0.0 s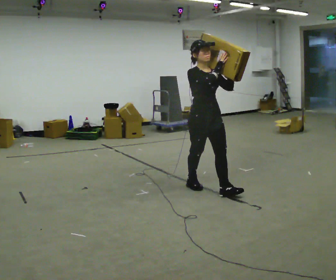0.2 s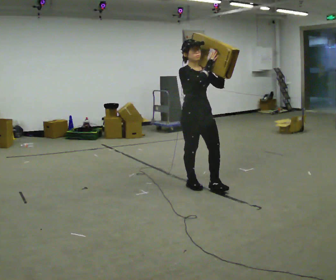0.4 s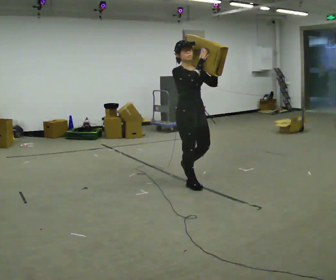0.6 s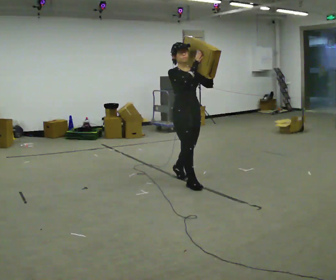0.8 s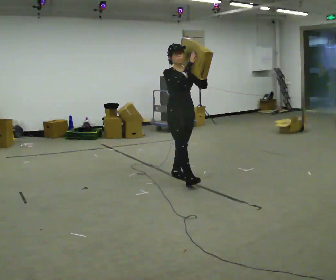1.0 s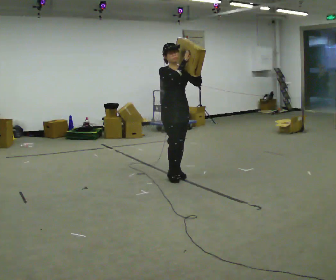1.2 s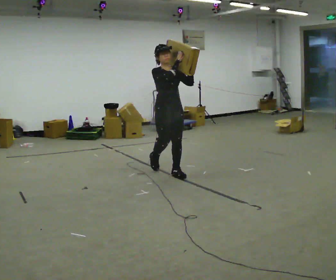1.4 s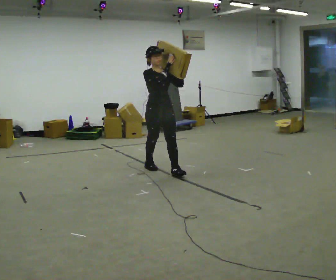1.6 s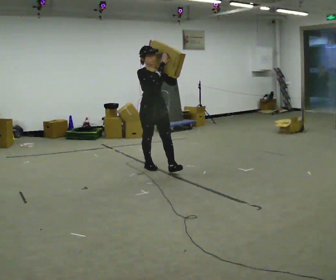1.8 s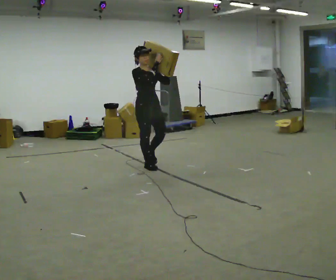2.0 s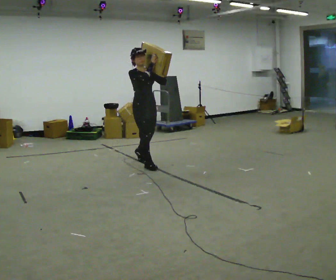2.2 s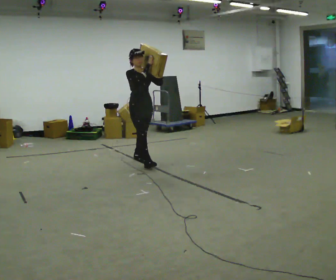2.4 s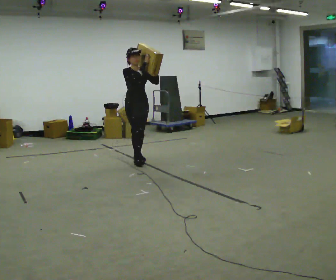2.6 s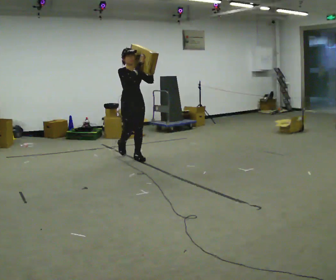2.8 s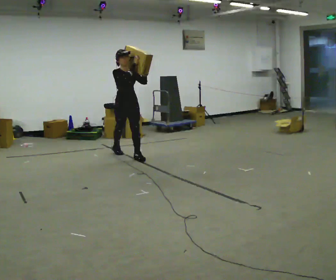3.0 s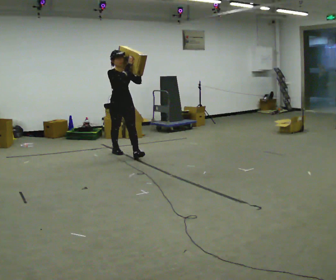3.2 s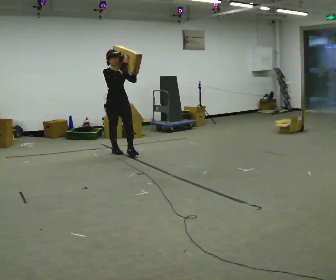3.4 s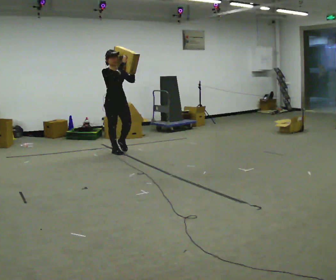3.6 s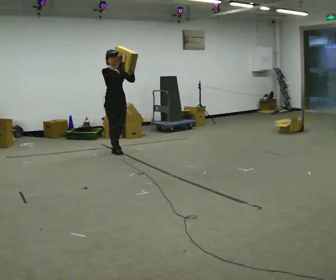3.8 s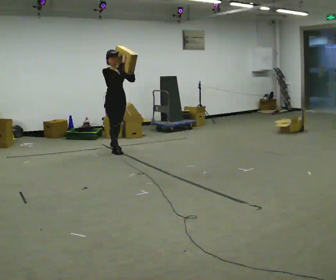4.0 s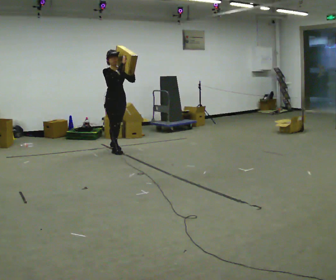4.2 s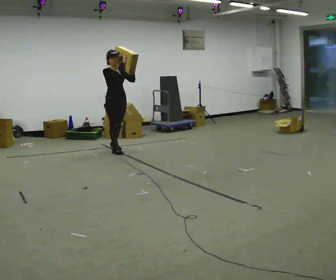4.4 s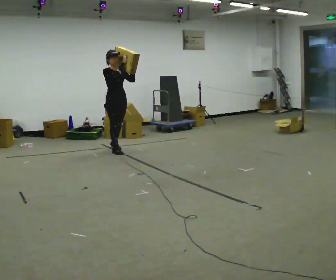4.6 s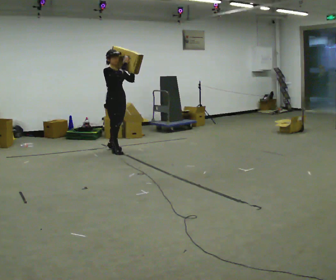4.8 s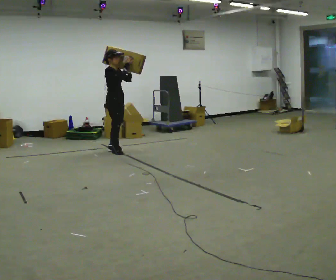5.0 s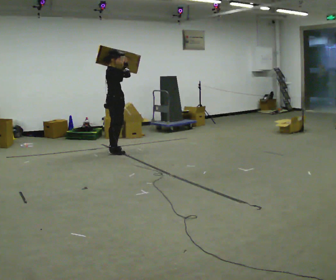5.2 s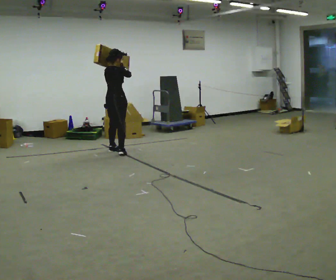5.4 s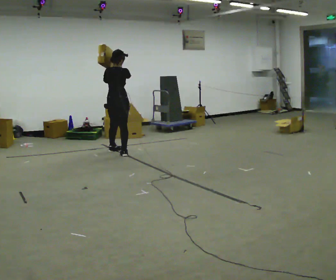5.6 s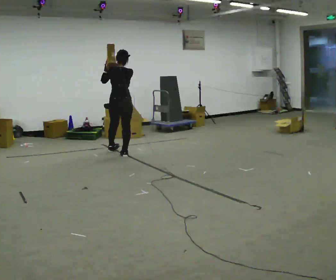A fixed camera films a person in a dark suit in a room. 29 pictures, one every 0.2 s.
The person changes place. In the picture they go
away from the camera.
0.0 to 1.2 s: In the picture they go away from the camera and to the left, about 1 m in 2 steps, which for them is backward.
1.2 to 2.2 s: In the picture they go away from the camera and to the left, about 0.75 m in 1 step, which for them is backward.
2.2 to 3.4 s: In the picture they go away from the camera and to the left, about 0.5 m in 2 steps, which for them is backward.
3.4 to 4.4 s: The person moves a little, or ends about where they began.
4.4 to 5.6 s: The person turns about 150 degrees to their left, counterclockwise seen from above, so the part of the body nearest the lens slides to the right. In the picture they go toward the camera, about 0.25 m in 3 steps. In the picture their left hand goes to the left.
The film runs backward here.
